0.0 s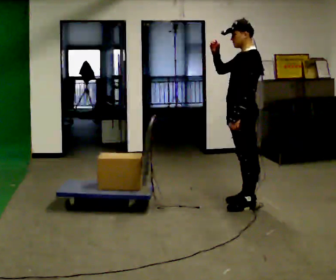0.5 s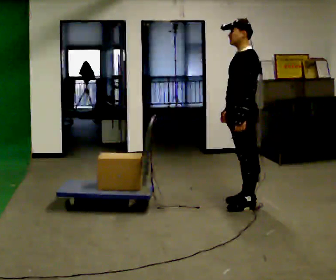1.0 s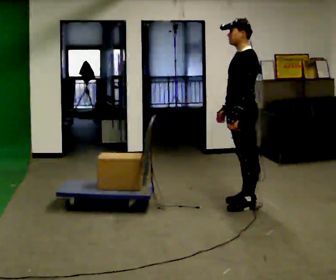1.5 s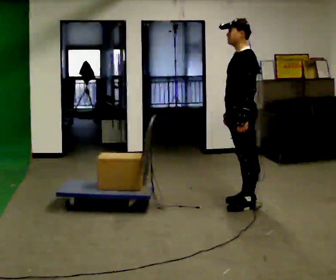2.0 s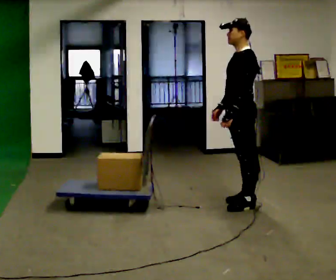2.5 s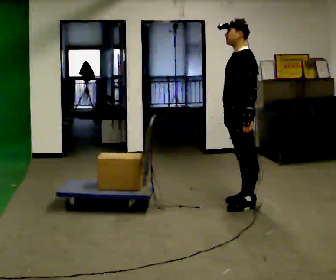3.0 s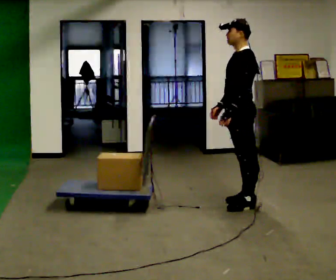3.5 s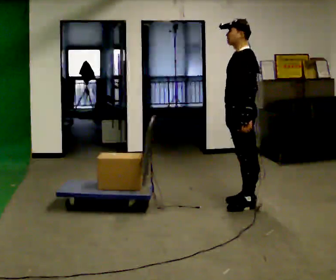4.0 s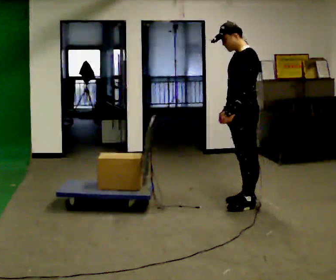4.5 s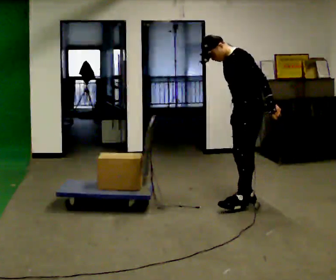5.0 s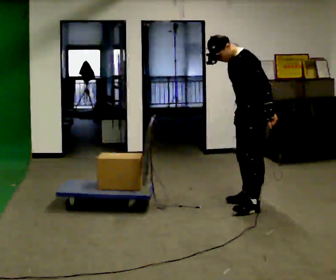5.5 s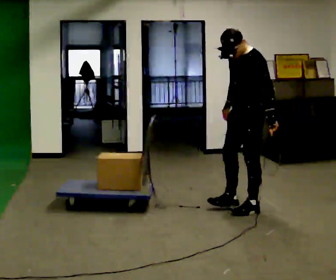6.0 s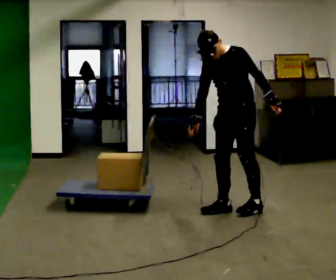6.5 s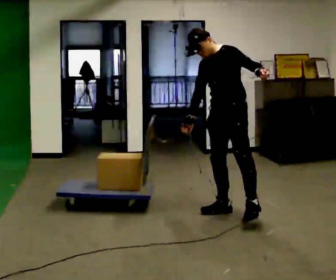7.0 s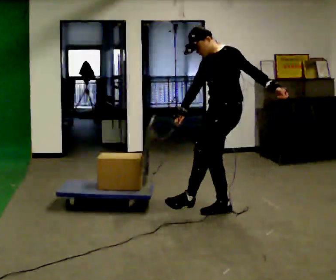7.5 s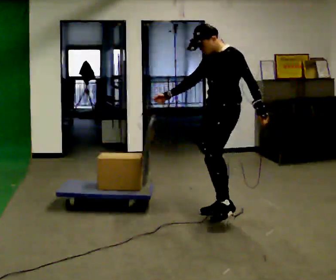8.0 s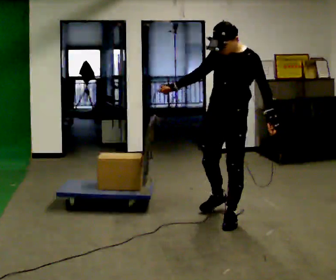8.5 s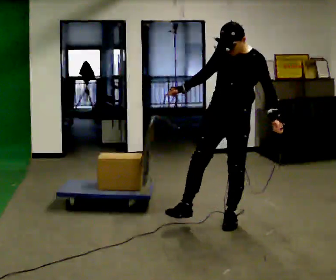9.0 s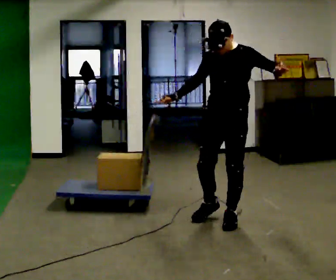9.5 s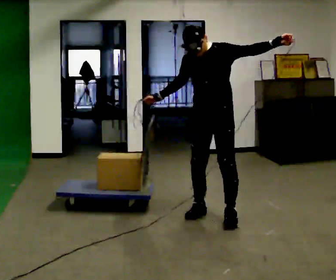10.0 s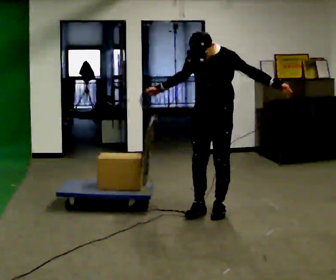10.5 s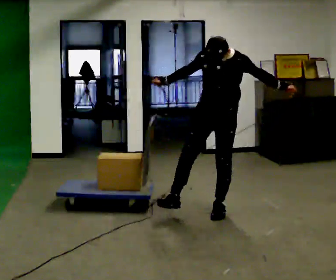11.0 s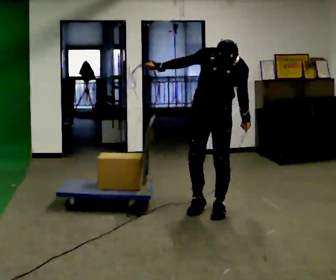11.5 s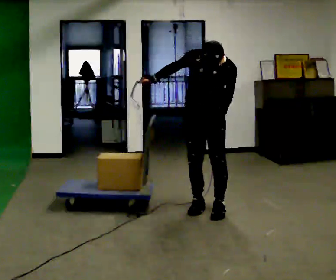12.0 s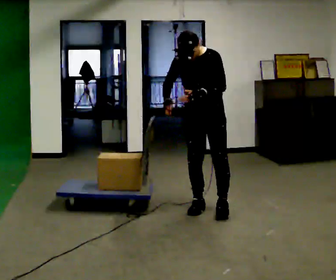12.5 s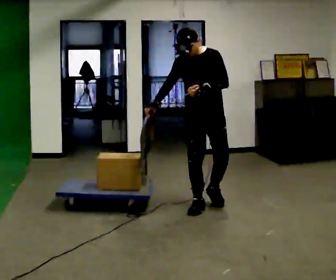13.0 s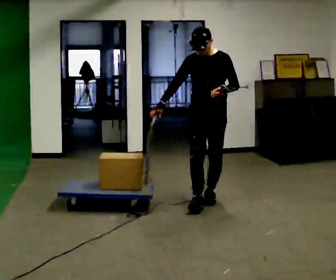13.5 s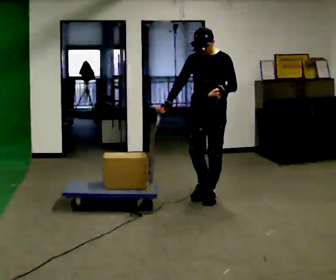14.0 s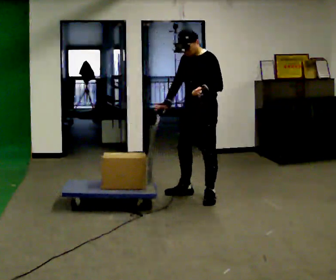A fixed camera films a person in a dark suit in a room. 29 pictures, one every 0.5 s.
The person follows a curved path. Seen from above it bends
clockwise.
0.0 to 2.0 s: In the picture their right hand goes downward, the arm swinging counterclockwise.
2.0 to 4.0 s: The person moves a little, or ends about where they began.
4.0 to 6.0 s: Seen from above the body turns counterclockwise, about 45 degrees: to their left, with its near side sliding to the right. In the picture they go toward the camera, about 0.25 m in 2 steps, which for them is to their left. In the picture their left hand goes to the right.
6.0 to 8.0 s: In the picture they go toward the camera, about 0.25 m in 1 step, which for them is forward and to their left. In the picture the upper body tilts clockwise, shoulders to the right. In the picture their right hand goes upward.
8.0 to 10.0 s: In the picture they go away from the camera, about 0.25 m in 1 step, which for them is to their right and backward.
10.0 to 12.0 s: In the picture they go away from the camera, about 0.25 m, which for them is backward and to their right. In the picture their left hand goes to the left.
12.0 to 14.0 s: The person turns about 30 degrees to their right, clockwise seen from above, so the part of the body nearest the lens slides to the left. In the picture they go away from the camera, about 0.5 m in 2 steps, which for them is backward.
The film runs backward here.
